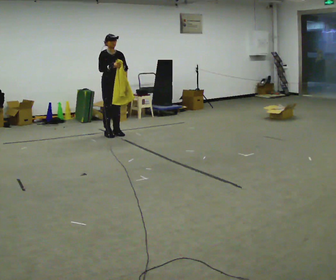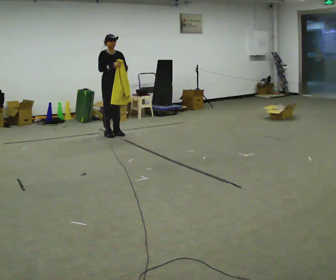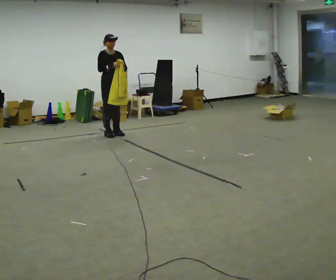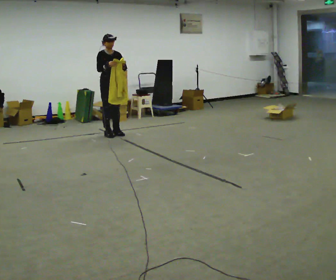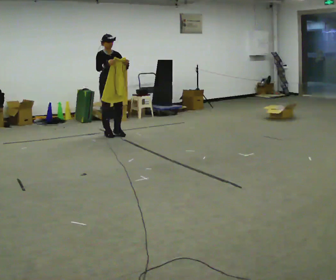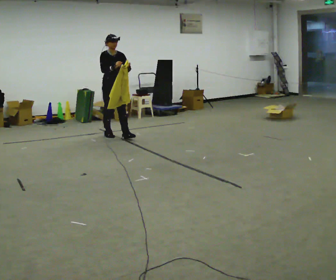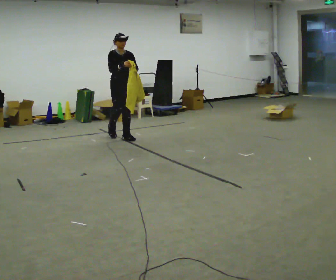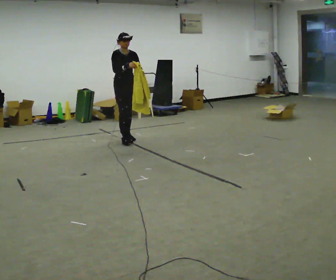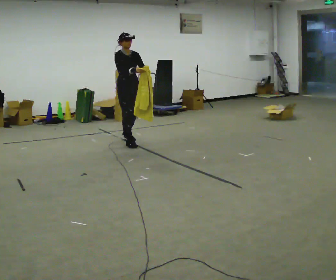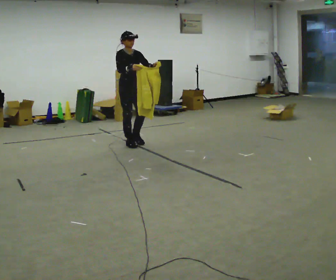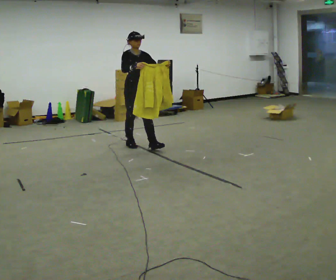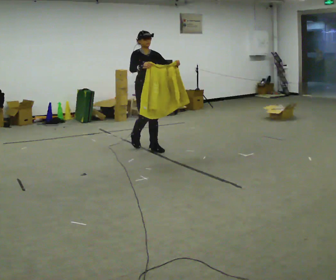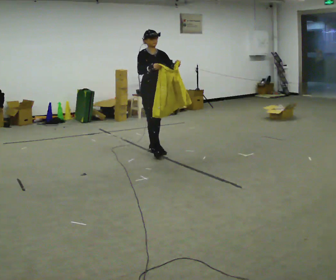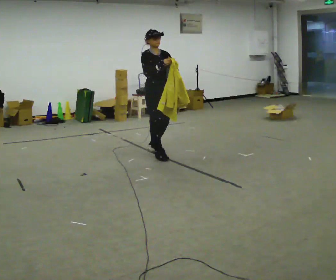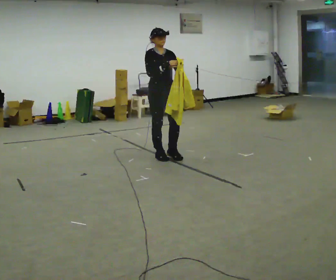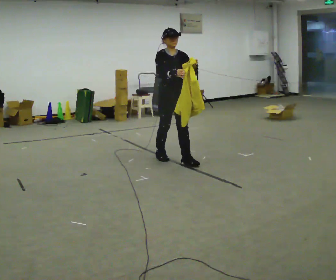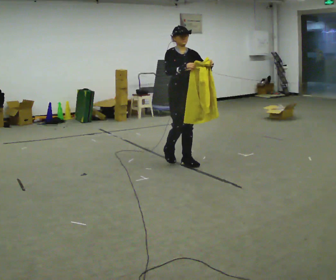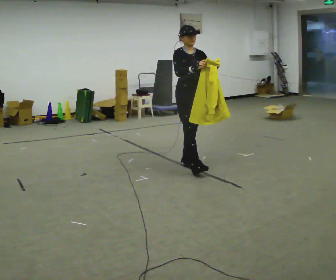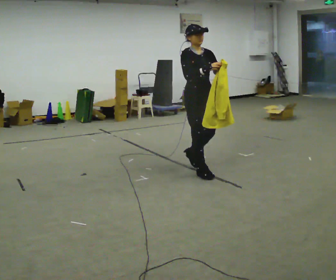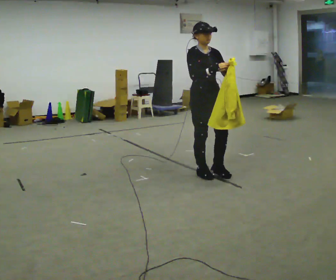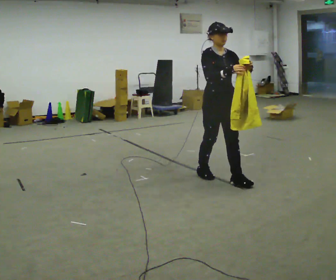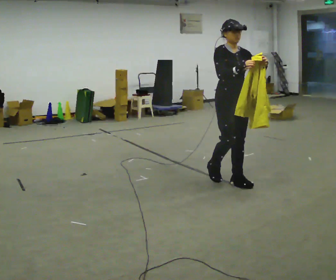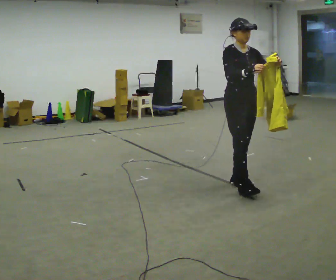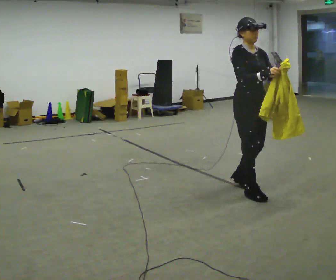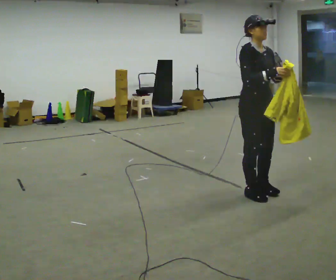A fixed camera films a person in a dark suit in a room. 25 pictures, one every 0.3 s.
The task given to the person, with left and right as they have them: Carry the cloth and, while walking, fold it in half, then unfold it. Keep repeating as you walk. Do not stop.
0.0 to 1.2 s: The person moves a little, or ends about where they began.
1.2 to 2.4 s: In the picture they go toward the camera and to the right, about 0.5 m in 2 steps, which for them is forward.
2.4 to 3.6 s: In the picture they go toward the camera and to the right, about 0.75 m in 1 step, which for them is forward.
3.6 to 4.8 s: In the picture they go toward the camera and to the right, about 0.75 m in 2 steps, which for them is forward.
4.8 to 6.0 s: In the picture they go toward the camera and to the right, about 0.5 m in 2 steps, which for them is forward.
6.0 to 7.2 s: In the picture they go toward the camera and to the right, about 0.5 m in 2 steps, which for them is forward.
The film runs forward here.
